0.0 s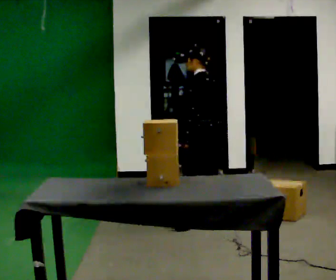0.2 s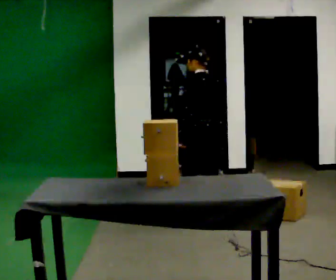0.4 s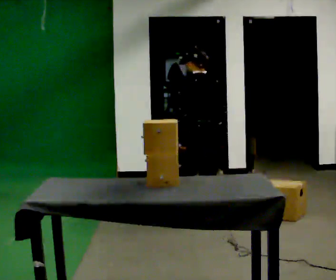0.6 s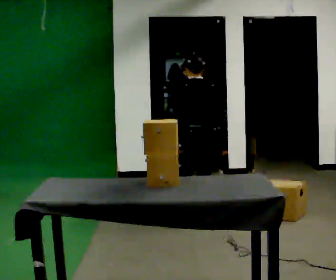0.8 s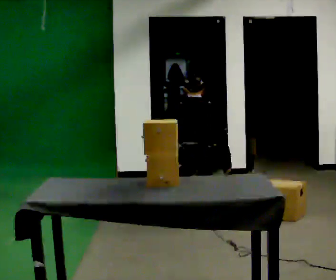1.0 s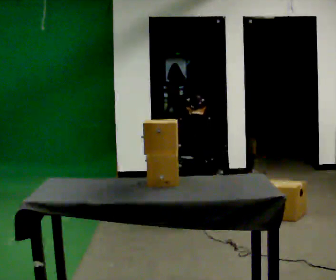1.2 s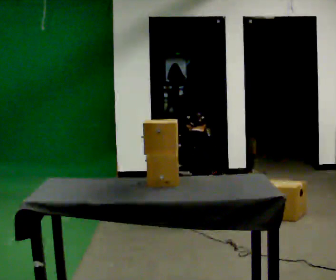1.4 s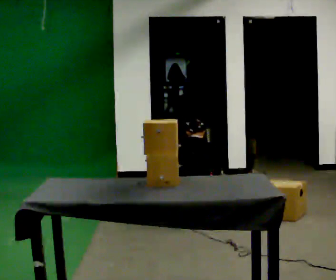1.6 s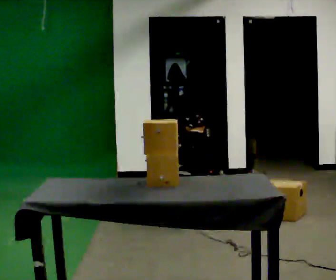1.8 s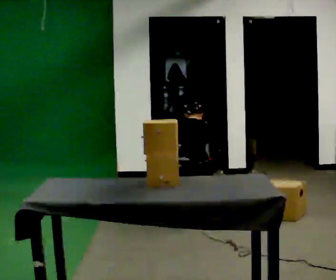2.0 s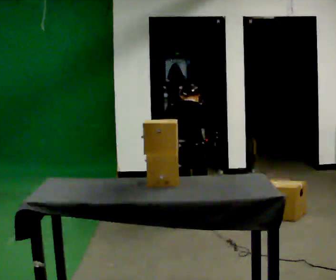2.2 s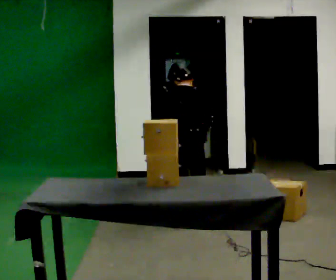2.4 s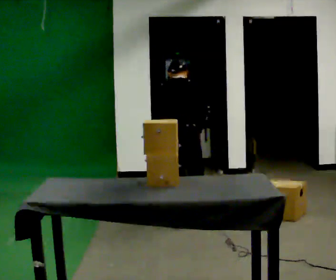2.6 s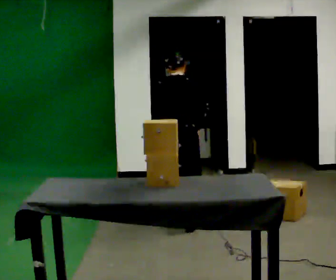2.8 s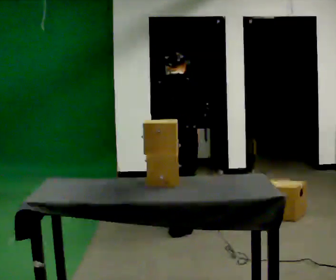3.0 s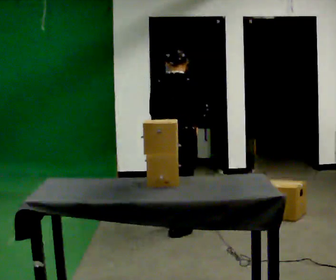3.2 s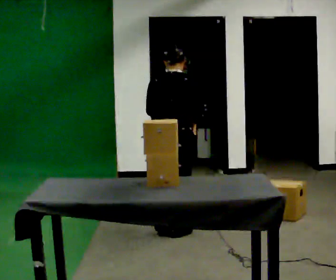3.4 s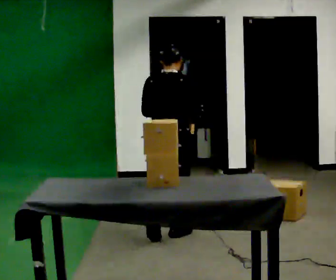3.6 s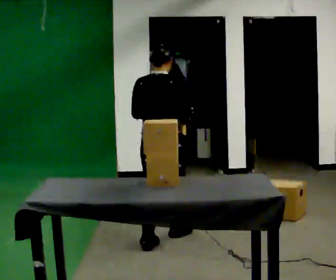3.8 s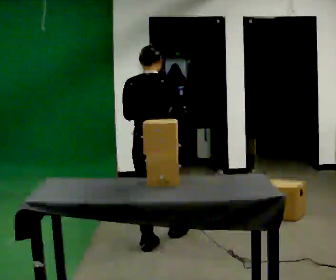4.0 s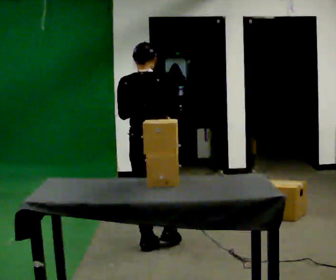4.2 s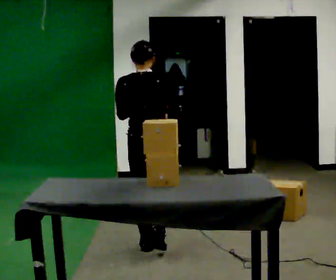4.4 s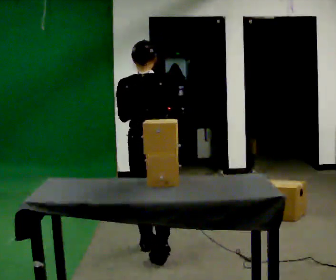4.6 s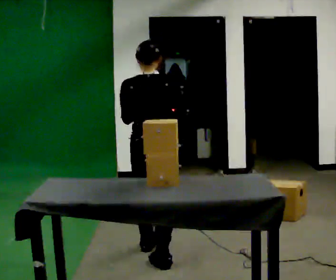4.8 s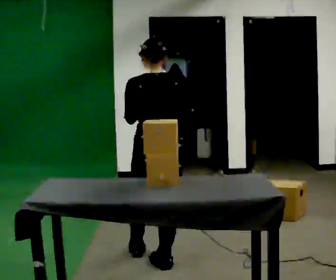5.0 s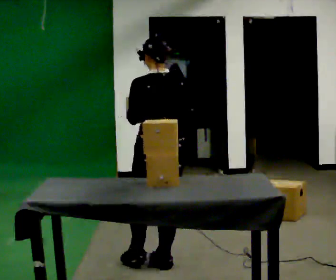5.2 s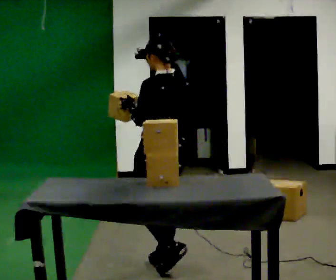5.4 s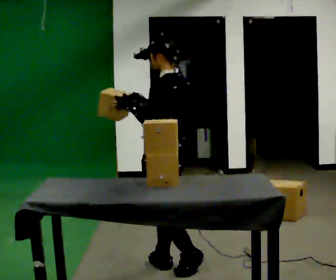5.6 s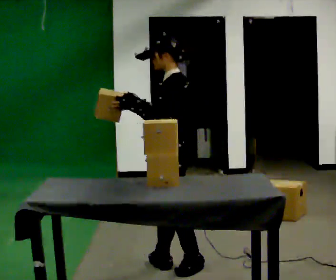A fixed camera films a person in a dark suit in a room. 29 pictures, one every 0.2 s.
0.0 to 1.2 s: The part of the body nearest the lens slides to the left as the person turns to their right by about 90 degrees. The upper body goes downward. The upper body tips away from the camera, its near side rolling upward, as they bend forward. In the picture their left hand goes downward.
1.2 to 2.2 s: The shoulders move upward. In the picture their left hand goes upward.
2.2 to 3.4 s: In the picture they go toward the camera, about 0.25 m in 2 steps, which for them is backward. The upper body tips toward the camera, its near side rolling downward, as they lean back or straighten.
3.4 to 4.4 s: In the picture they go toward the camera, about 0.5 m in 1 step, which for them is backward.
4.4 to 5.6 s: Seen from above the body turns counterclockwise, about 90 degrees: to their left, with its near side sliding to the right. In the picture they go toward the camera and to the right, about 0.25 m in 1 step.
The film runs backward here.
